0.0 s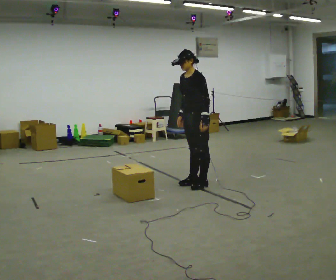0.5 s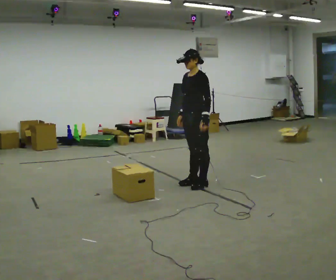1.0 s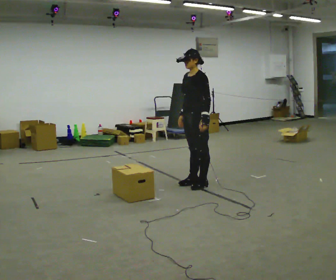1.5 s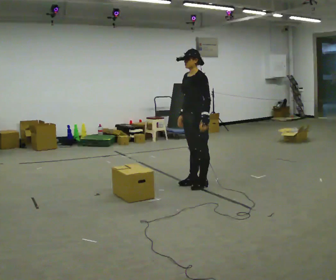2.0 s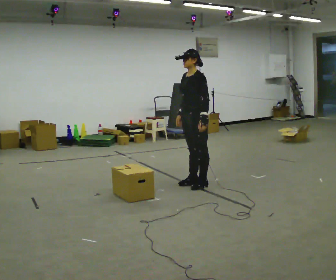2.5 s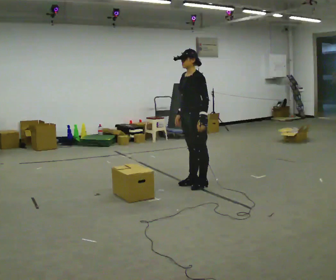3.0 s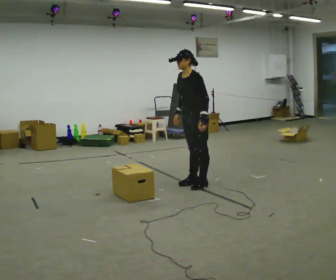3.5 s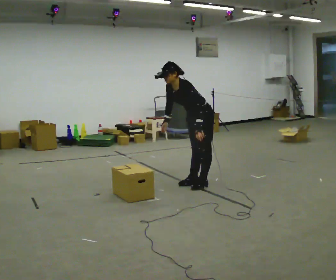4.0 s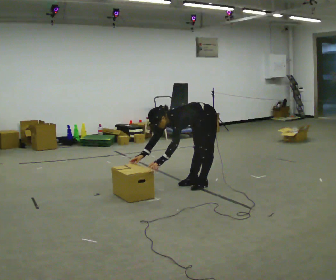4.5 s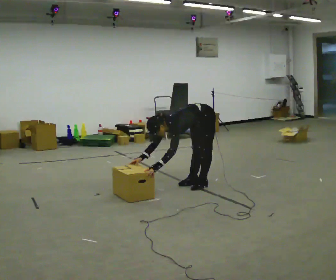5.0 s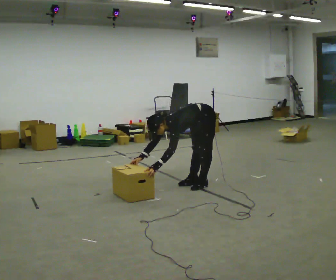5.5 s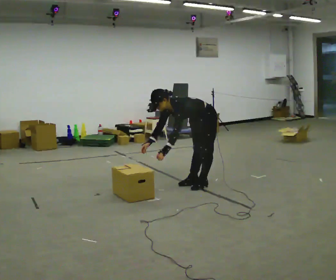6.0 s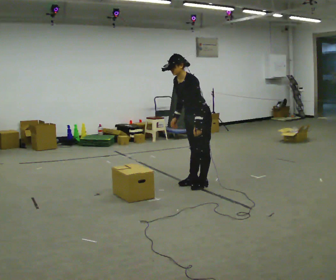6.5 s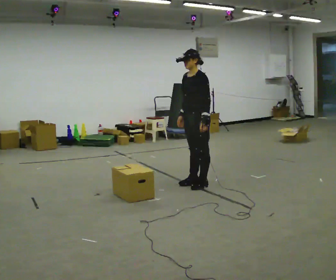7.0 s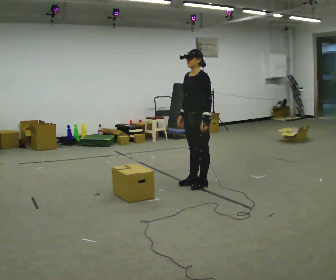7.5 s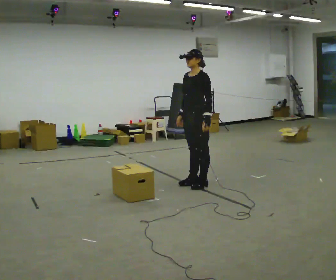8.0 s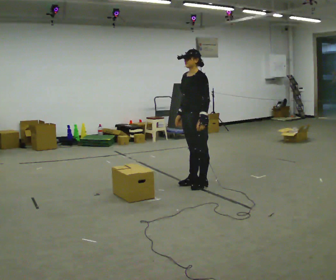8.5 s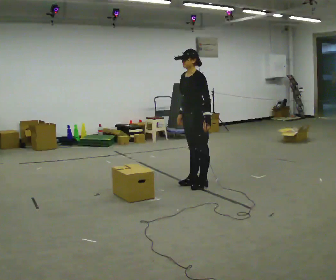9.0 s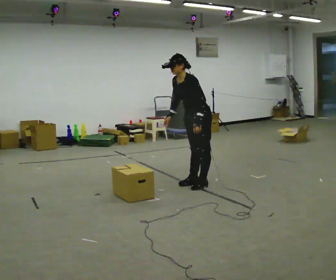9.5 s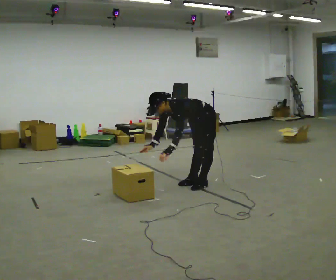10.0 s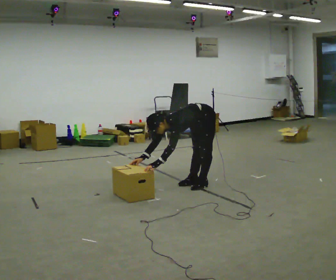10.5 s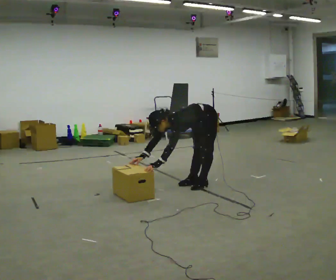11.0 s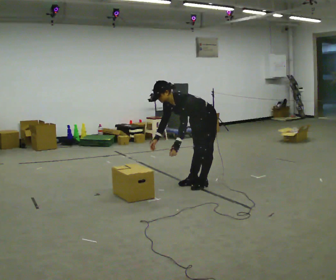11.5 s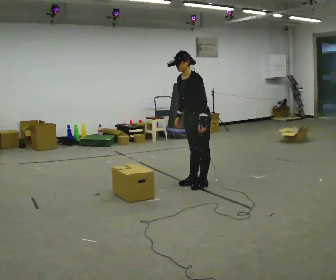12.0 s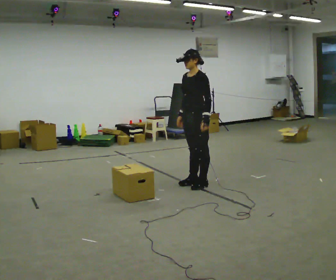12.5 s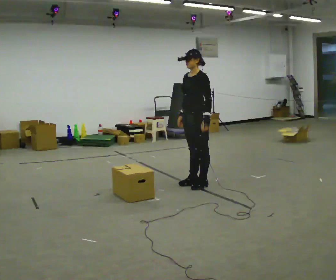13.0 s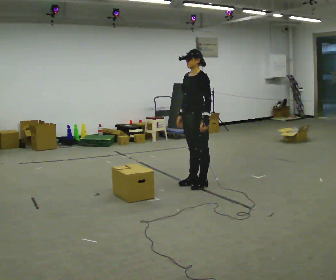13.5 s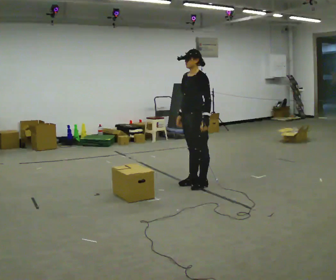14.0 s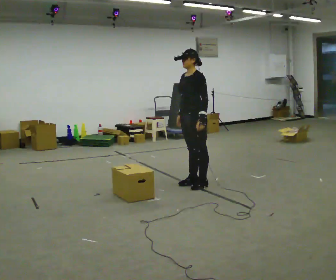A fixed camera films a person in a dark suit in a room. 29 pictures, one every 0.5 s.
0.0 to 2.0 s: The person moves a little, or ends about where they began.
2.0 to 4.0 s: The shoulders move downward. In the picture the upper body tilts counterclockwise, shoulders to the left, as they bend forward. In the picture their right hand goes to the left and downward.
4.0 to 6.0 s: The upper body goes upward. In the picture the upper body tilts clockwise, shoulders to the right, as they lean back or straighten. In the picture their right hand goes upward and to the right.
6.0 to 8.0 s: In the picture the upper body tilts clockwise, shoulders to the right, as they lean back or straighten.
8.0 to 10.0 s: The upper body goes downward. In the picture the upper body tilts counterclockwise, shoulders to the left, as they bend forward. In the picture their right hand goes downward and to the left.
10.0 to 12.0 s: The shoulders move upward. In the picture the upper body tilts clockwise, shoulders to the right, as they lean back or straighten. In the picture their left hand goes to the right and upward.
12.0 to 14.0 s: The person moves a little, or ends about where they began.
The film runs backward here.
